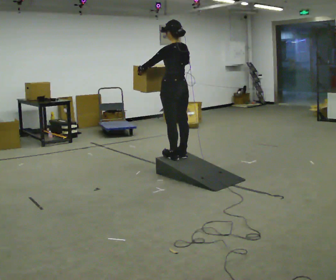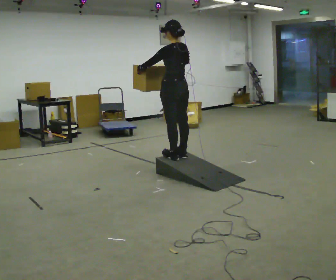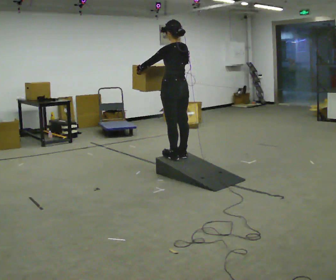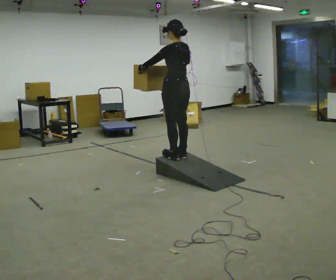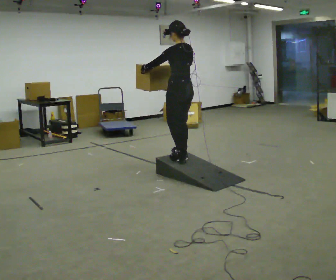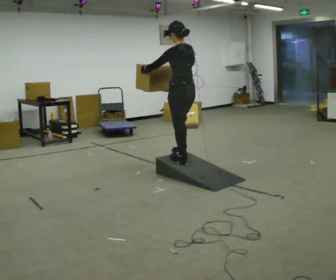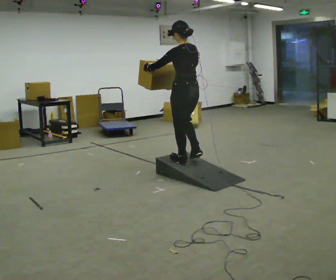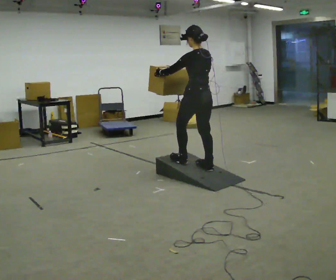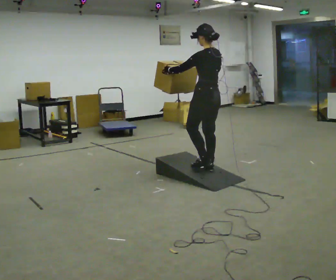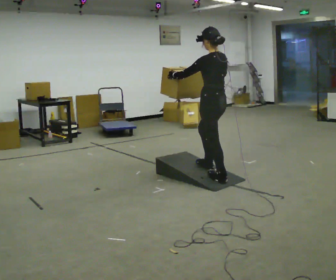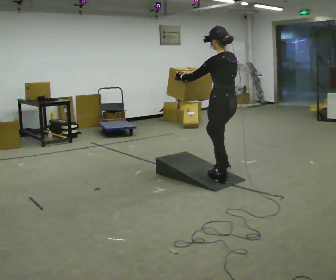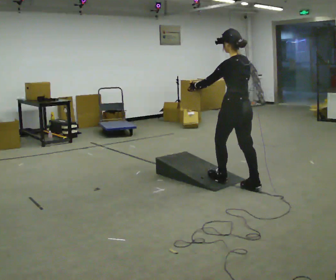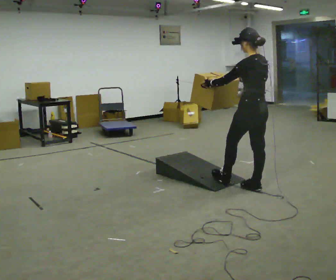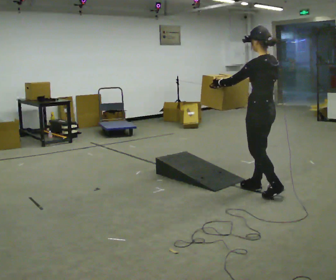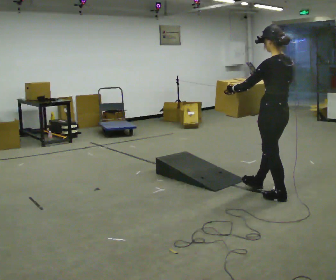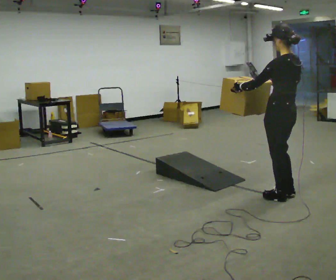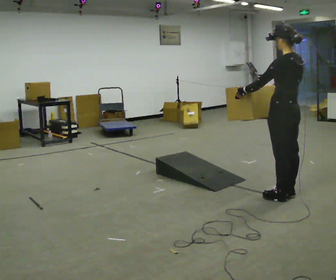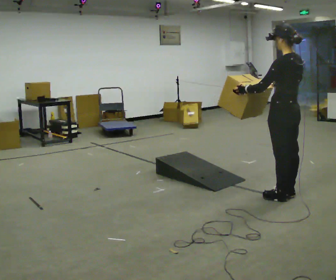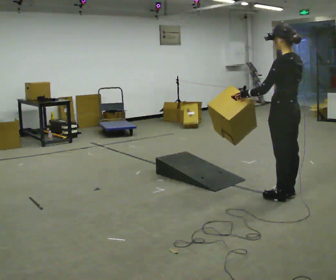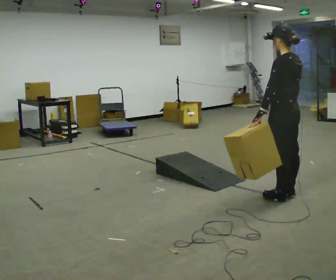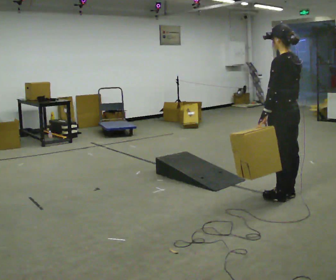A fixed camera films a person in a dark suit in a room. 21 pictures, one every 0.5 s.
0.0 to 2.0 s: The person moves a little, or ends about where they began.
2.0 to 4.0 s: In the picture they go toward the camera and to the right, about 0.5 m in 2 steps, which for them is backward.
4.0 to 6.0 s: In the picture they go toward the camera and to the right, about 0.75 m in 2 steps, which for them is backward.
6.0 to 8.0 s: In the picture they go toward the camera and to the right, about 0.5 m in 1 step, which for them is backward.
8.0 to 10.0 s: The person moves a little, or ends about where they began.
The film runs backward here.
